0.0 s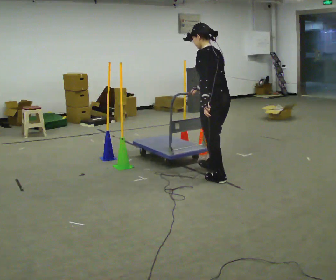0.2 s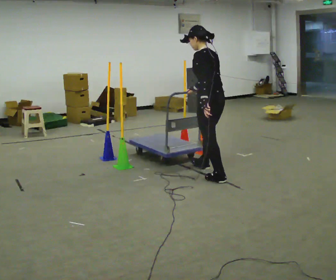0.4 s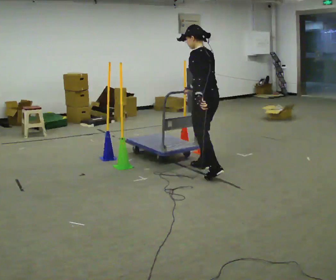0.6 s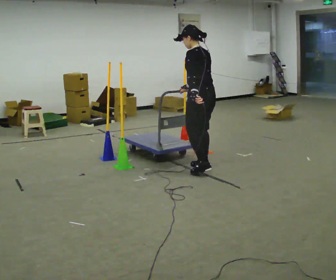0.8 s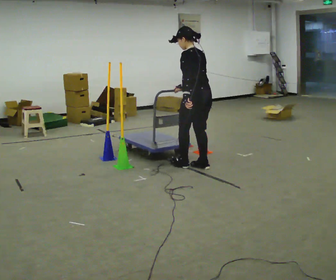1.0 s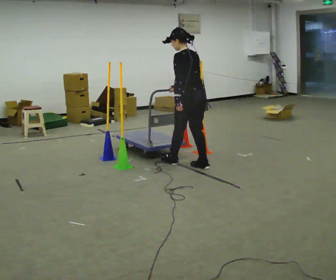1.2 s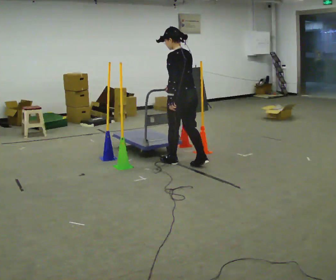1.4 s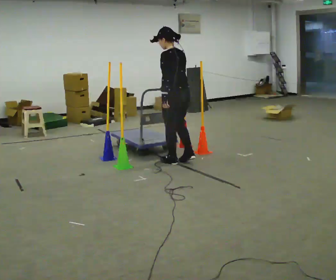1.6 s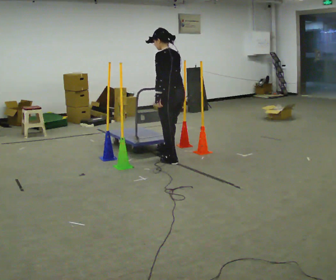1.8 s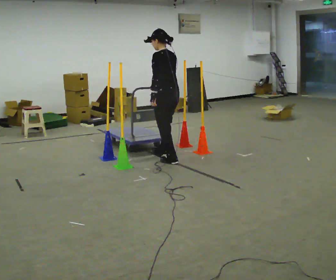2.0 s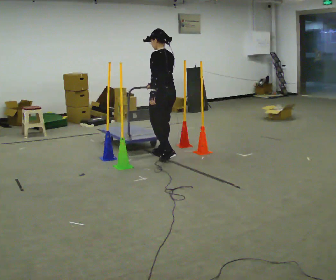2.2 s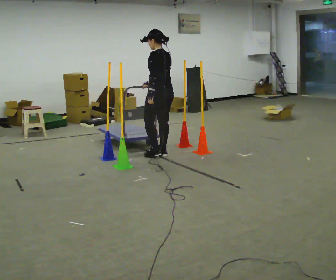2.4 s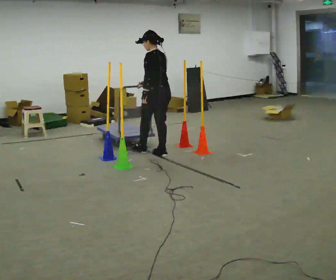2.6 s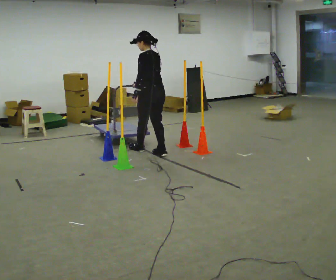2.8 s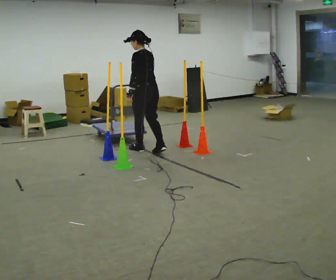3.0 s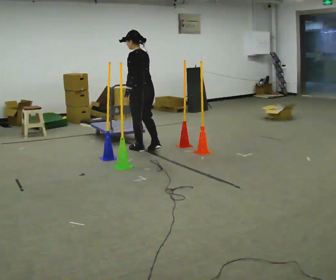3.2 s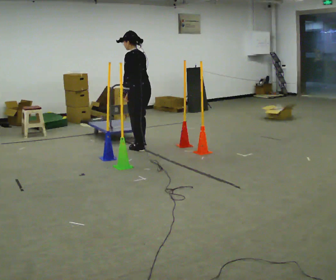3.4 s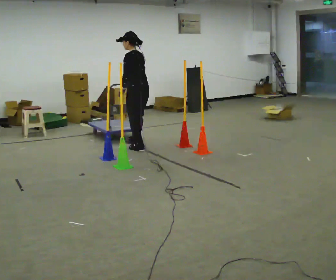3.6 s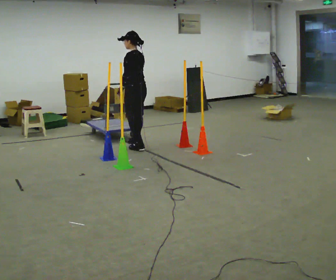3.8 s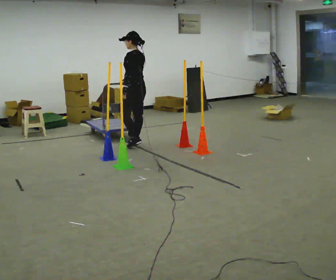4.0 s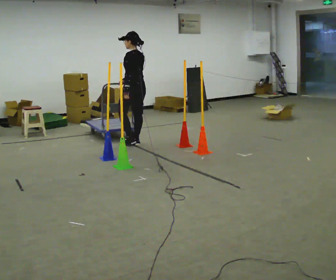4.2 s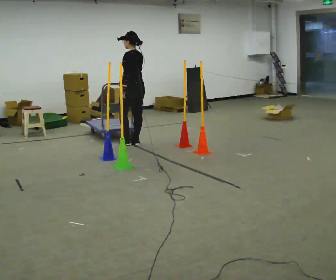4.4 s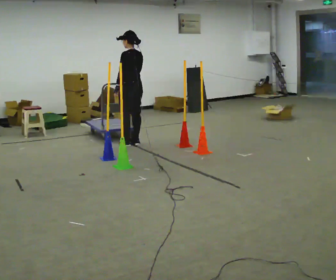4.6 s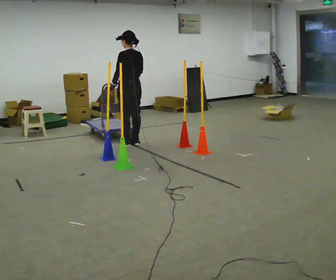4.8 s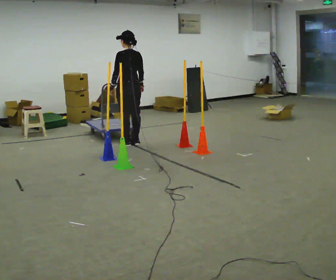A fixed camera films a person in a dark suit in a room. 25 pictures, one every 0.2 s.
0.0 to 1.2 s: In the picture they go away from the camera and to the left, about 0.75 m in 2 steps, which for them is forward.
1.2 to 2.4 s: In the picture they go away from the camera and to the left, about 0.5 m in 1 step, which for them is forward.
2.4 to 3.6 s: In the picture they go away from the camera and to the left, about 0.5 m in 1 step, which for them is forward.
3.6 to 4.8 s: The person turns about 30 degrees to their right, clockwise seen from above, so the part of the body nearest the lens slides to the left. In the picture they go away from the camera, about 0.25 m in 1 step, which for them is forward.
The film runs backward here.
